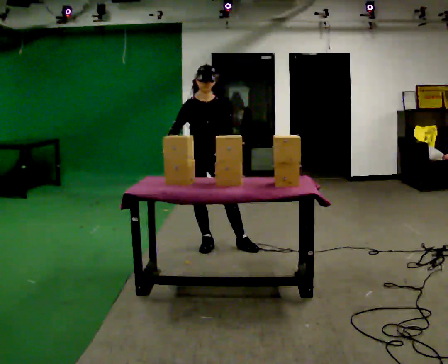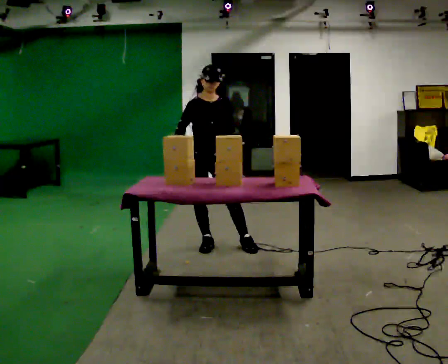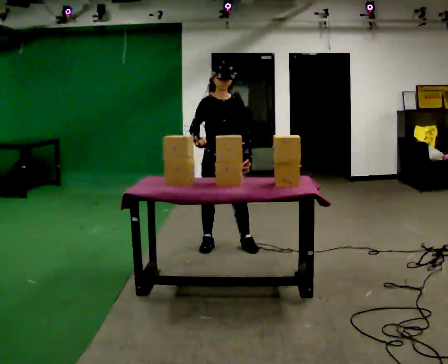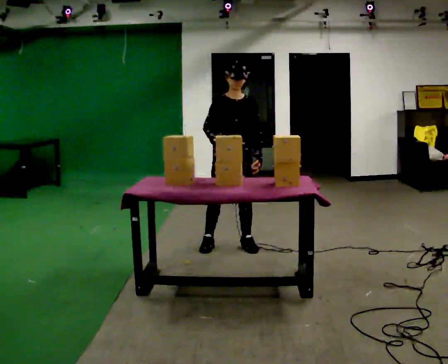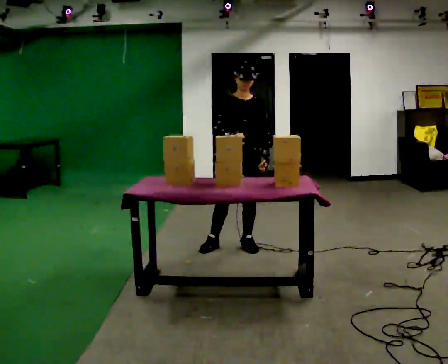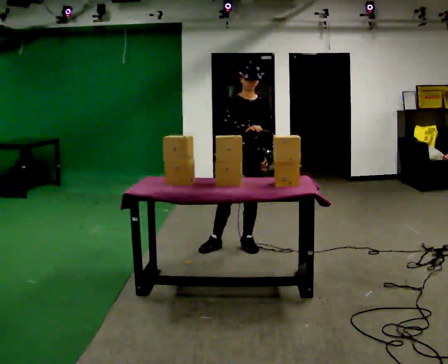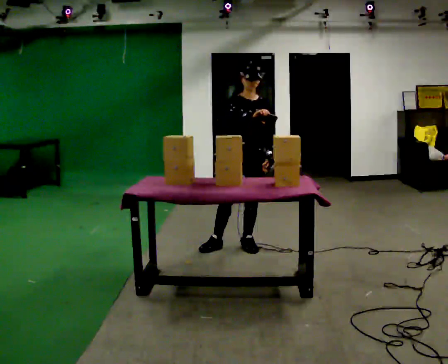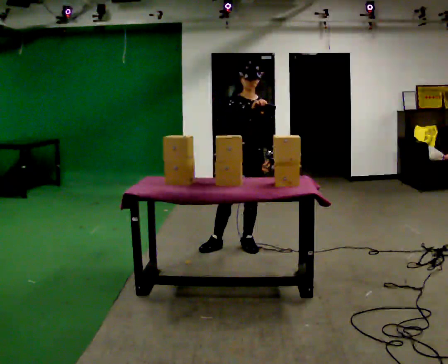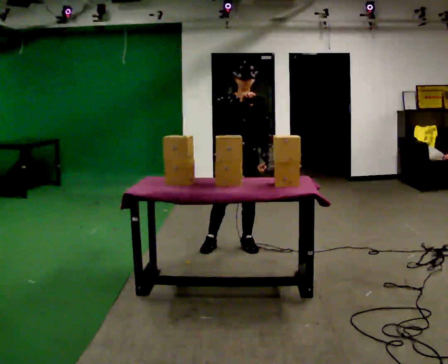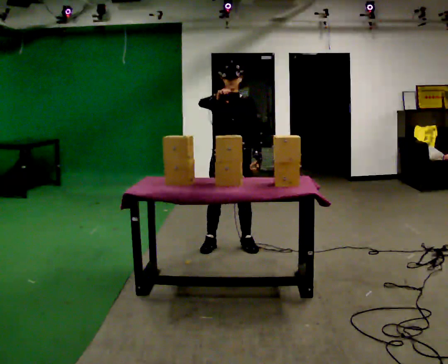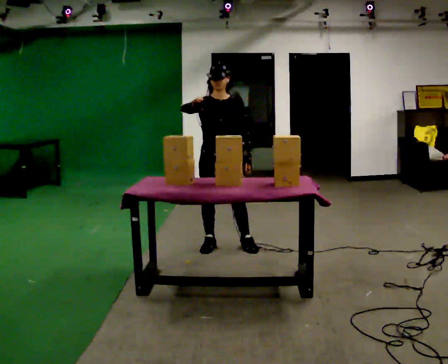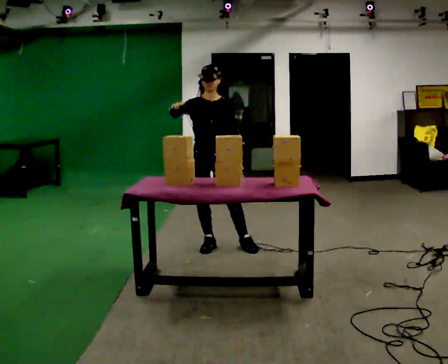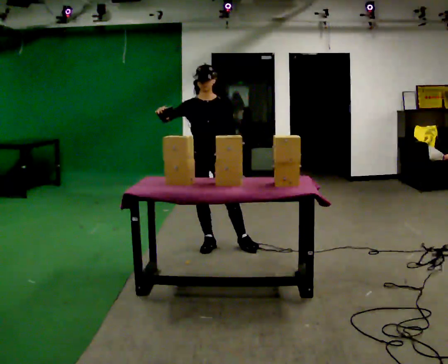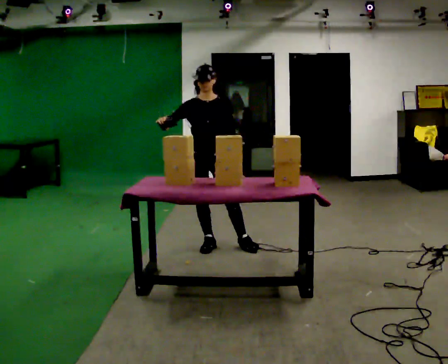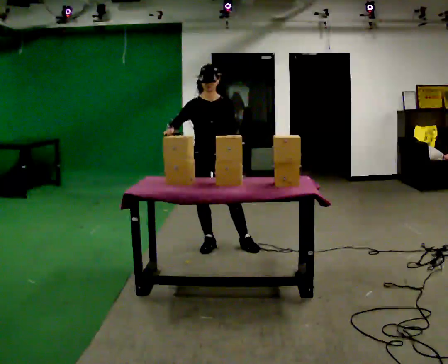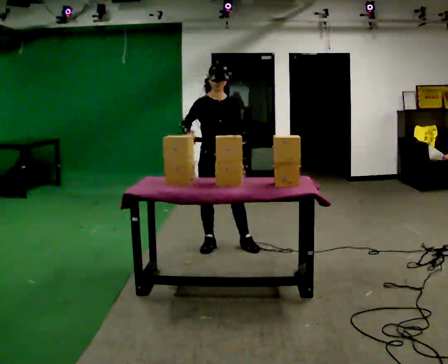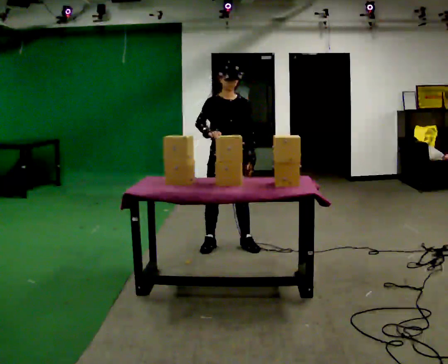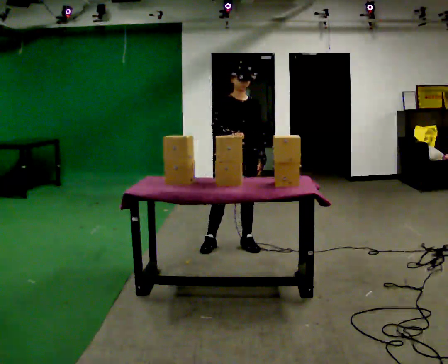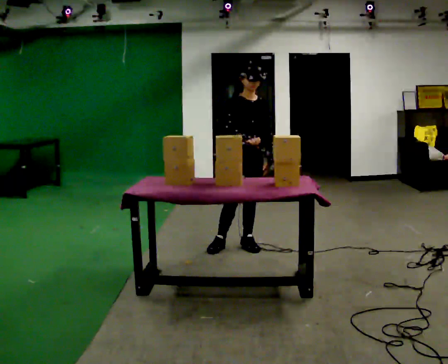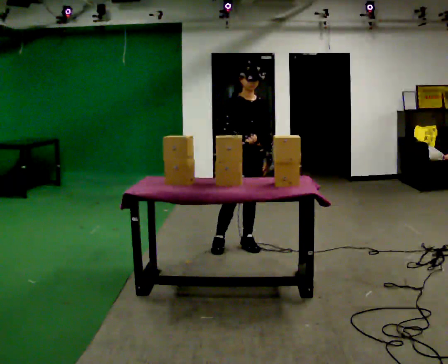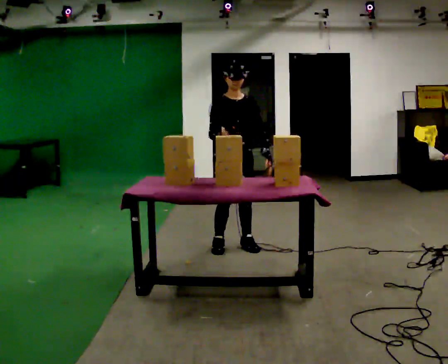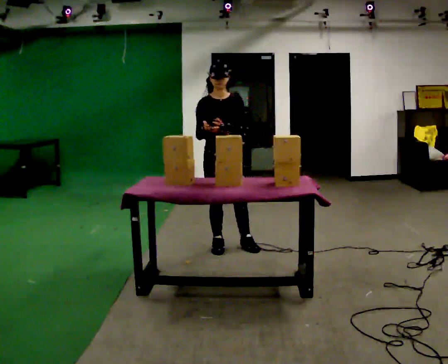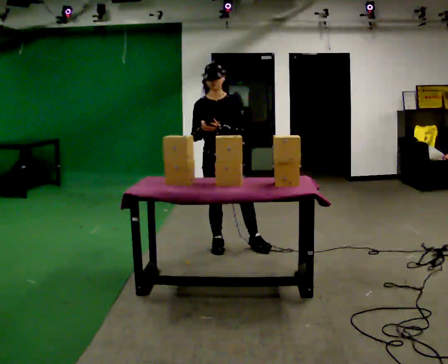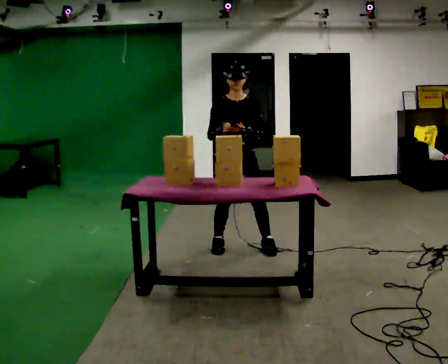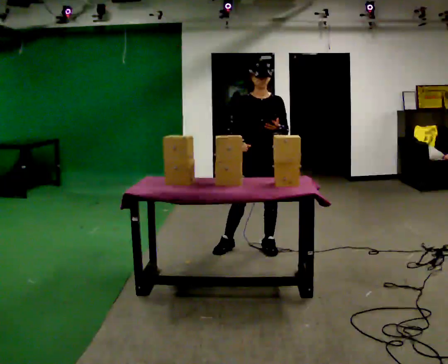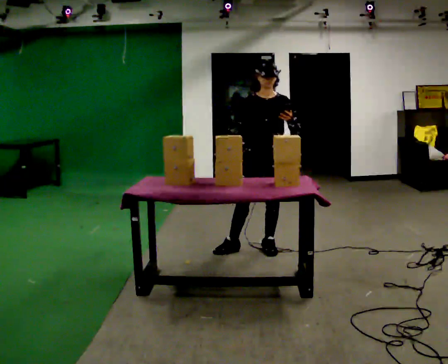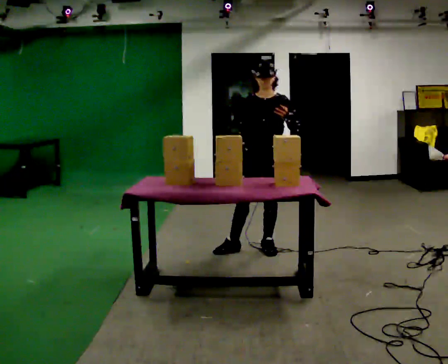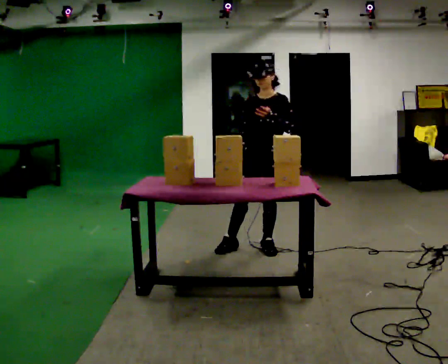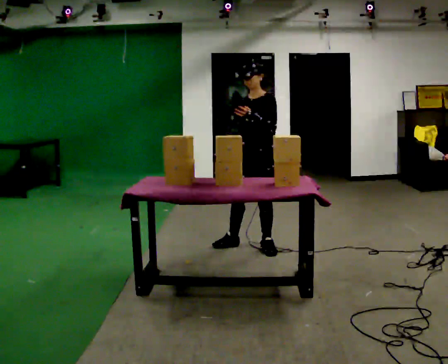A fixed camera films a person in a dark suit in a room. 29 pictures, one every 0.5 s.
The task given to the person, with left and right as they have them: Carry the handheld device and, while walking, point it at the labels on the shelves and press the button as if scanning them.
0.0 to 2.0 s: In the picture they go to the right, about 0.25 m, which for them is to their left.
2.0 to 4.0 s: The person moves a little, or ends about where they began.
4.0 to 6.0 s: In the picture they go to the left, about 0.25 m, which for them is to their right.
6.0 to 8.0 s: In the picture they go to the right, about 0.25 m, which for them is to their left. In the picture their right hand goes to the right.
8.0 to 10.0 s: The person moves a little, or ends about where they began.
10.0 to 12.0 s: In the picture they go to the right, about 0.25 m in 1 step, which for them is to their left.
12.0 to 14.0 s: Seen from above the body turns clockwise, about 45 degrees: to their right, with its near side sliding to the left.
The film runs forward here.
